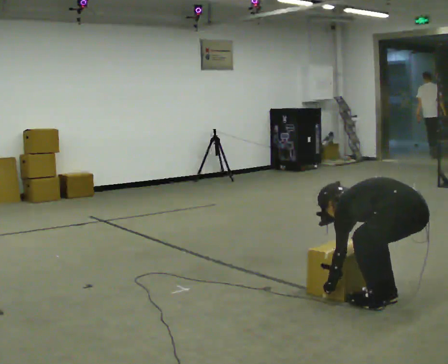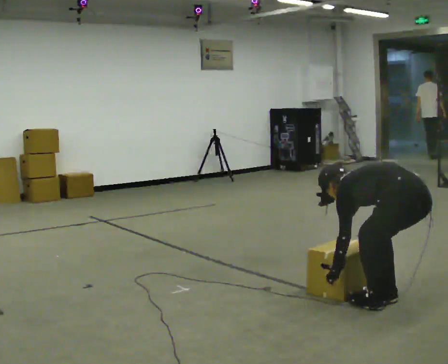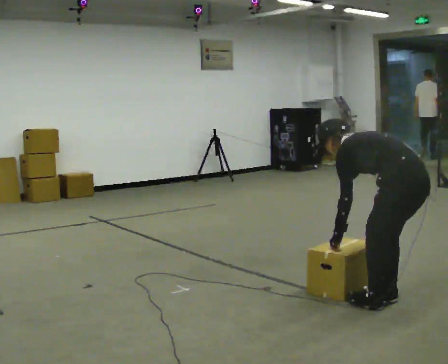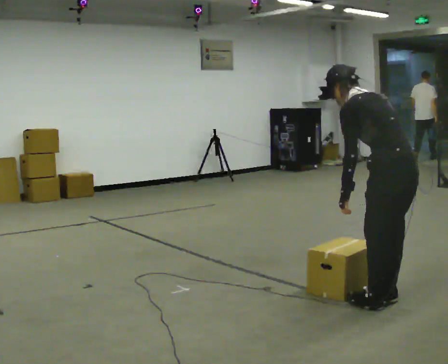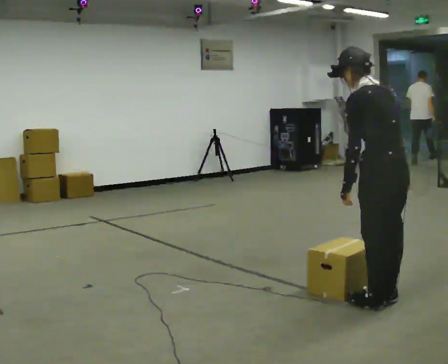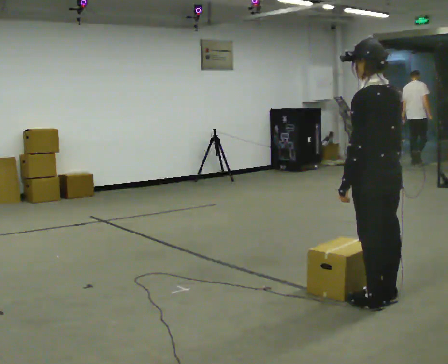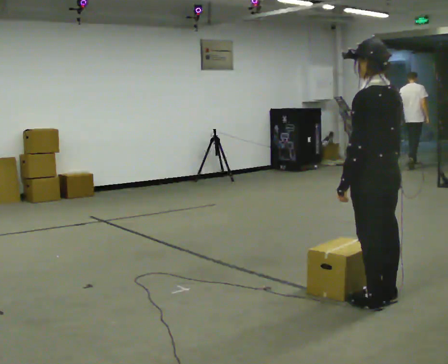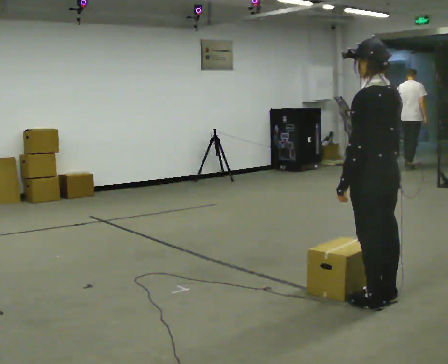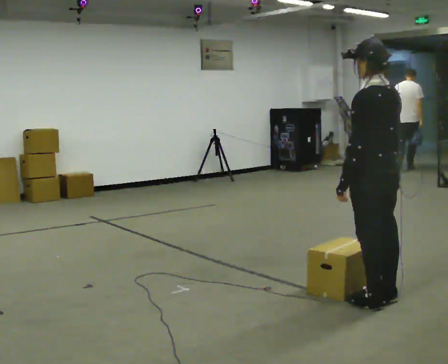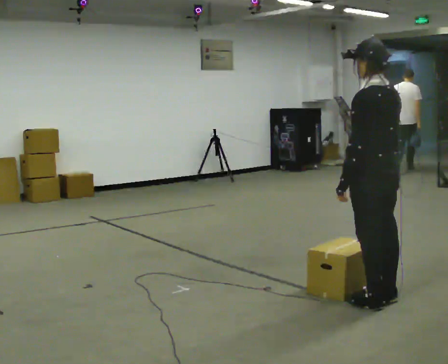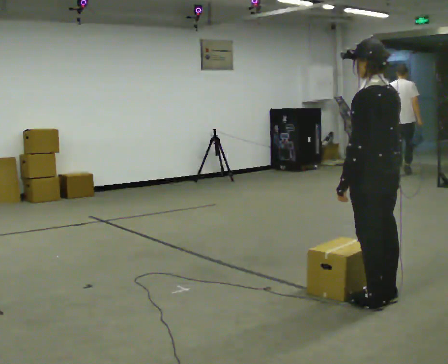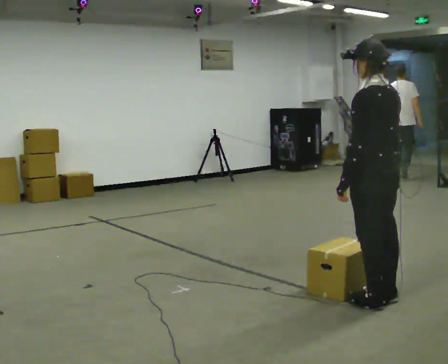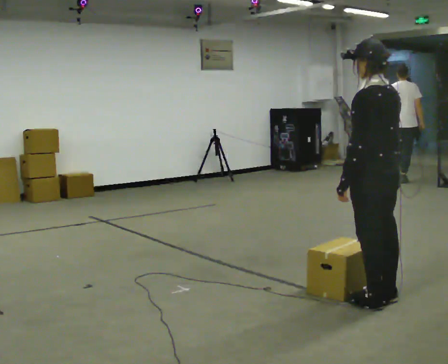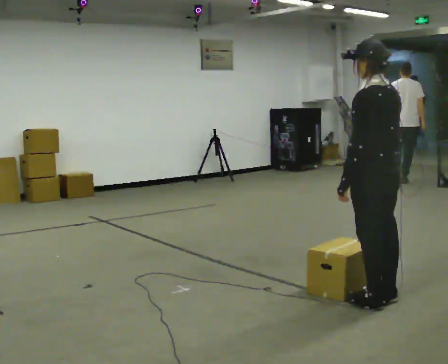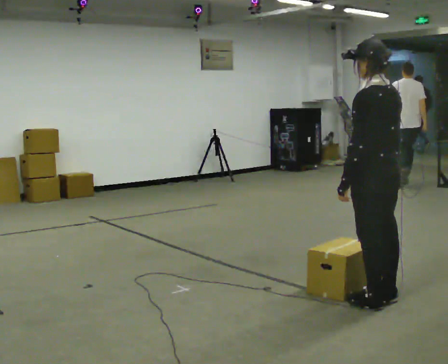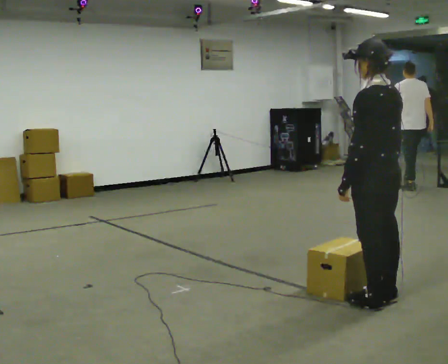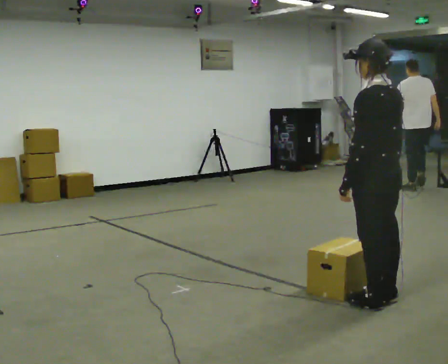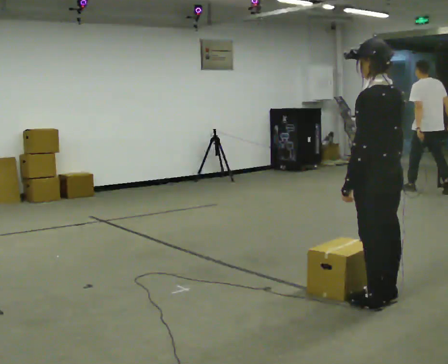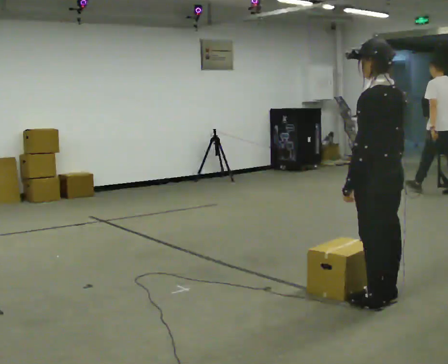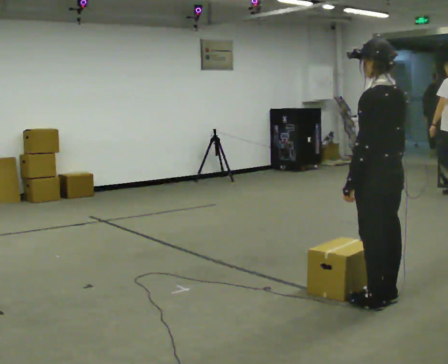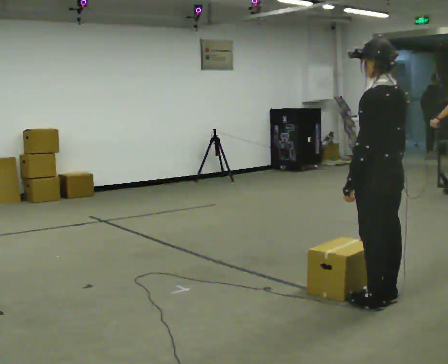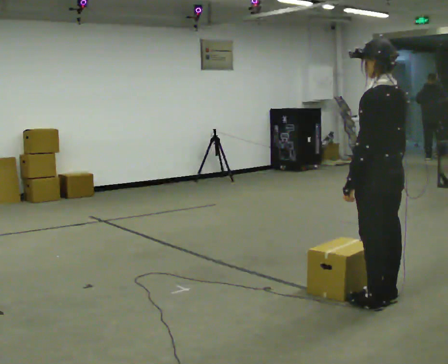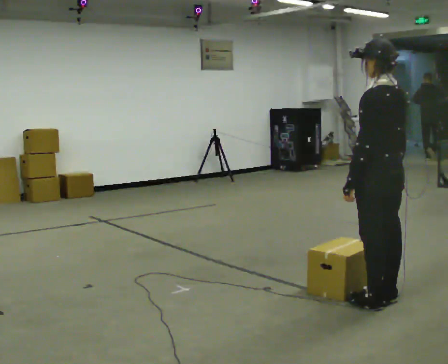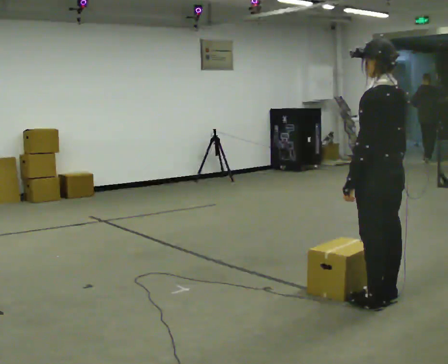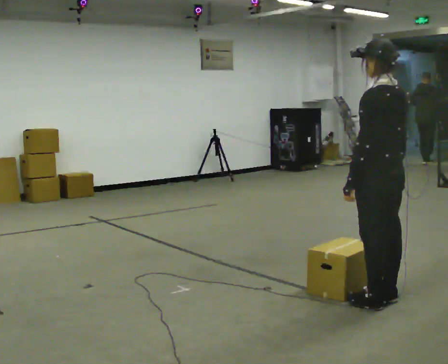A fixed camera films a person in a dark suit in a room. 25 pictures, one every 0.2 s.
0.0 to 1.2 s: In the picture they go to the left, about 0.25 m, which for them is forward. The upper body goes upward. In the picture the upper body tilts clockwise, shoulders to the right, as they lean back or straighten. In the picture their left hand goes upward.
1.2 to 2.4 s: The person keeps their place and pose.
2.4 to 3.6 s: The person moves a little, or ends about where they began.
3.6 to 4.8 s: The person keeps their place and pose.
The film runs backward here.
